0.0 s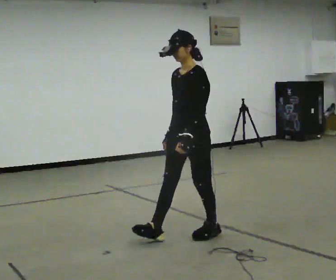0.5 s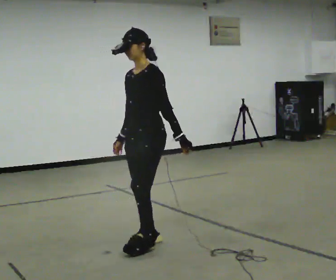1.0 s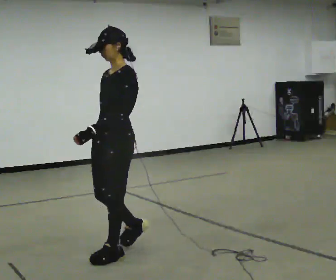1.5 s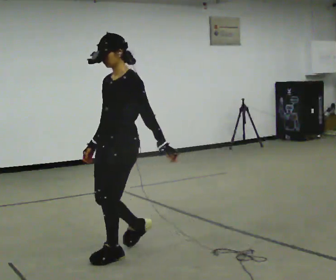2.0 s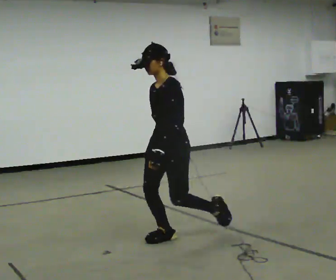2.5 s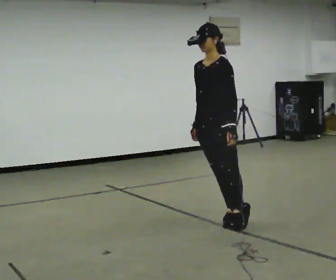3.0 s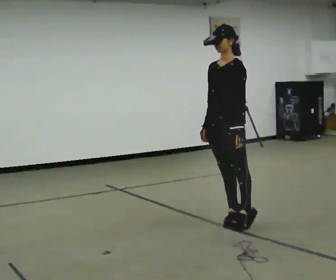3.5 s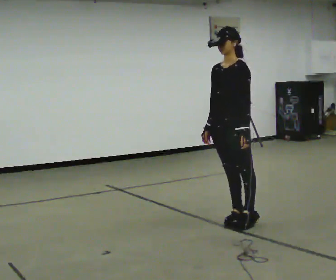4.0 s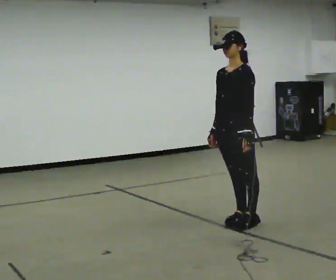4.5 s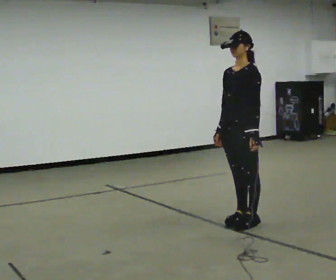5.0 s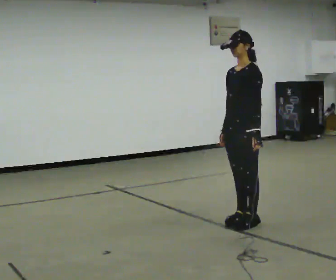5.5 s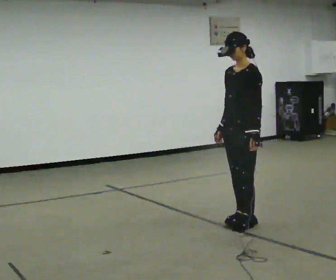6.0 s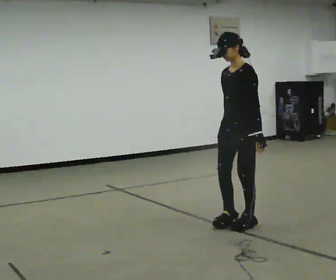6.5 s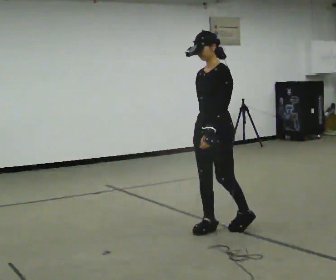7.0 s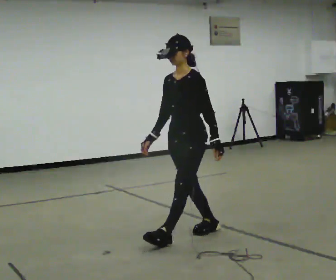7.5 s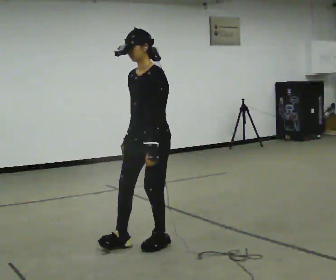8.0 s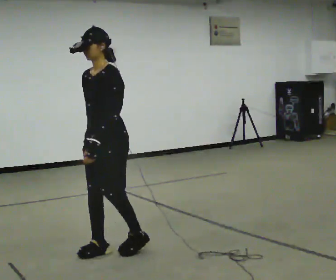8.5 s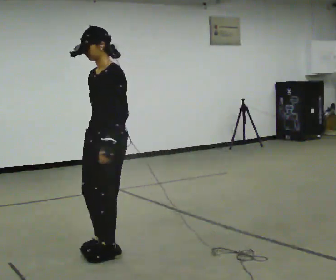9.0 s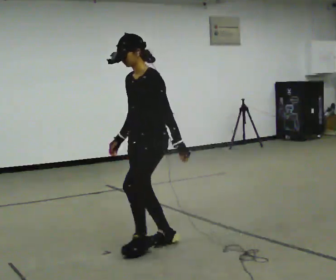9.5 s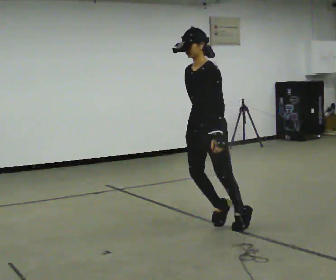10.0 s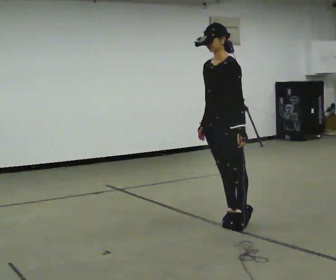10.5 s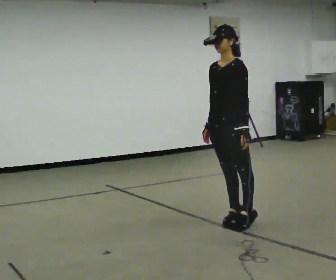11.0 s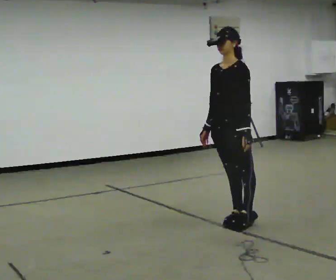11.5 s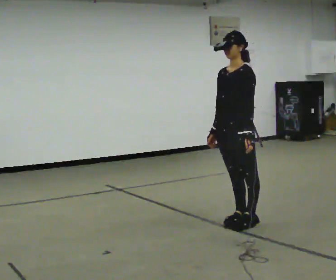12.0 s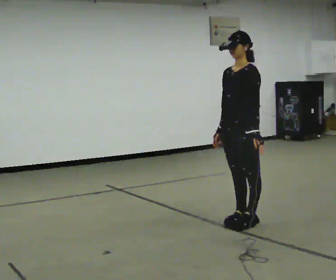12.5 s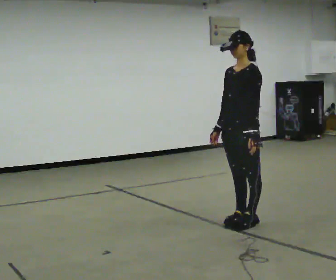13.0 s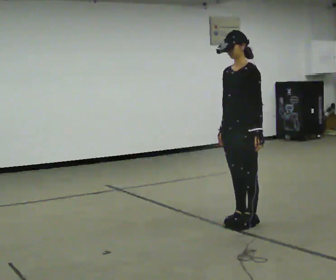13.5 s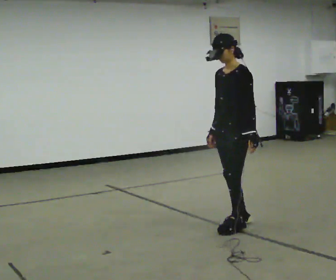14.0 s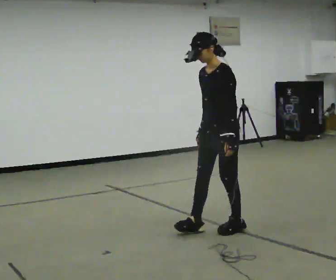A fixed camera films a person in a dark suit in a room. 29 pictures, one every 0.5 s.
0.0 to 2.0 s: In the picture they go to the left, about 0.25 m in 4 steps, which for them is forward.
2.0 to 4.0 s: In the picture they go to the right and away from the camera, about 0.75 m in 1 step, which for them is backward.
4.0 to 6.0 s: The person moves a little, or ends about where they began.
6.0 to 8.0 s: In the picture they go to the left and toward the camera, about 1 m in 3 steps, which for them is forward.
8.0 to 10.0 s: In the picture they go to the right and away from the camera, about 1 m in 3 steps, which for them is backward.
10.0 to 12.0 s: In the picture they go to the right, about 0.25 m, which for them is backward.
12.0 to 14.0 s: In the picture they go to the left and toward the camera, about 0.25 m in 2 steps, which for them is forward.
The film runs backward here.
